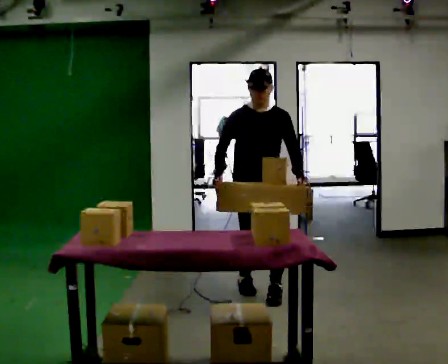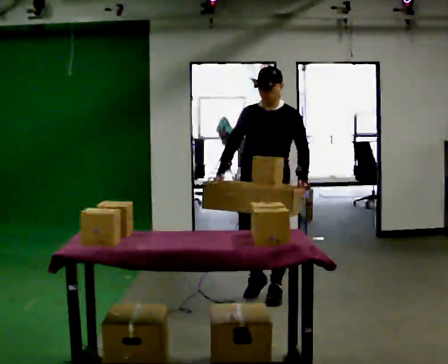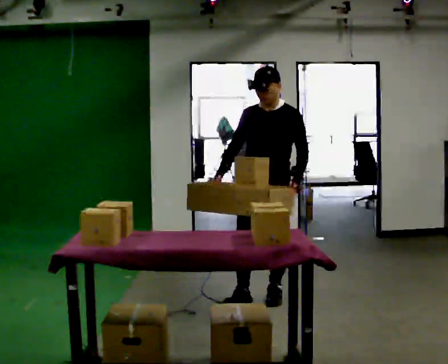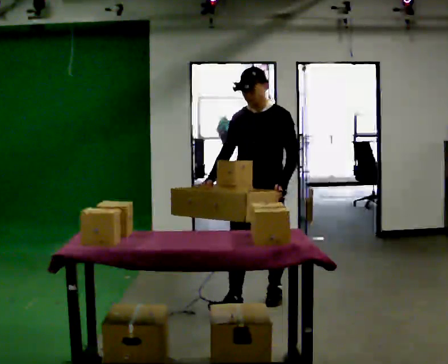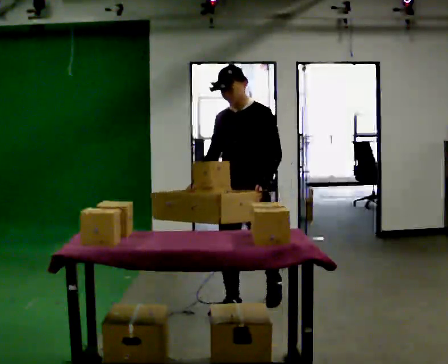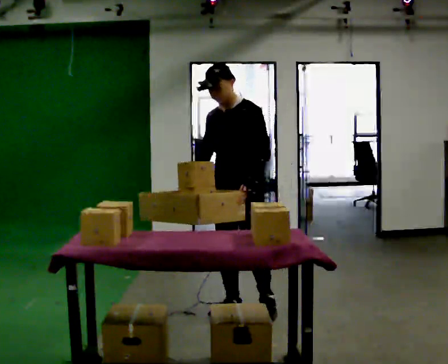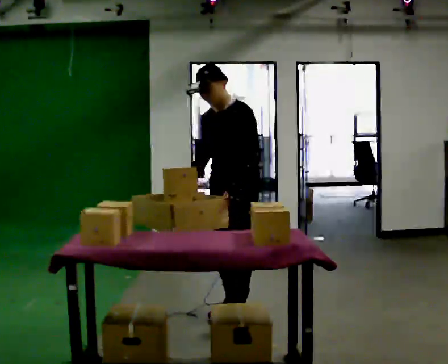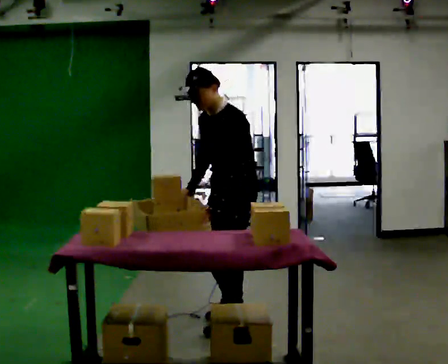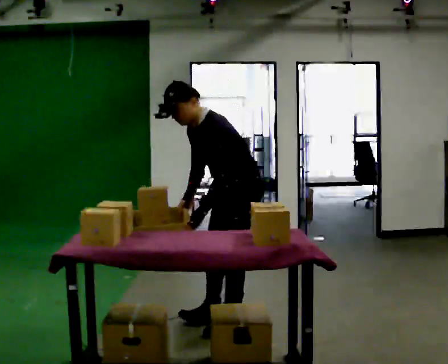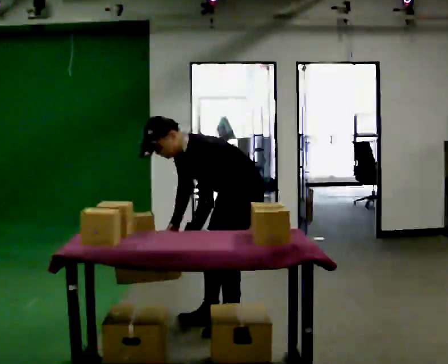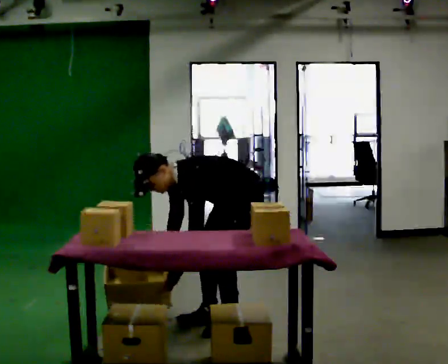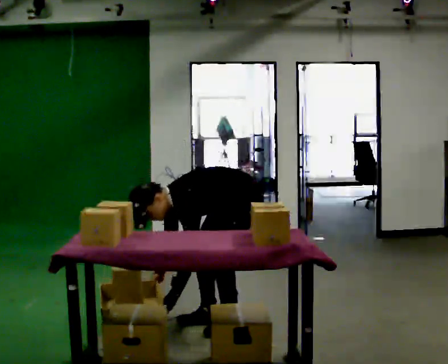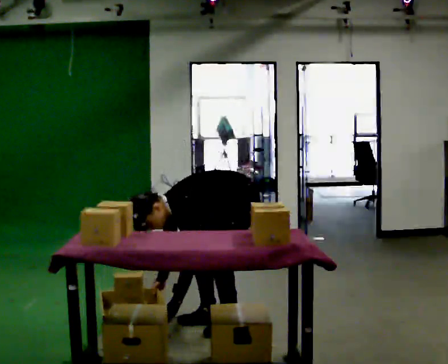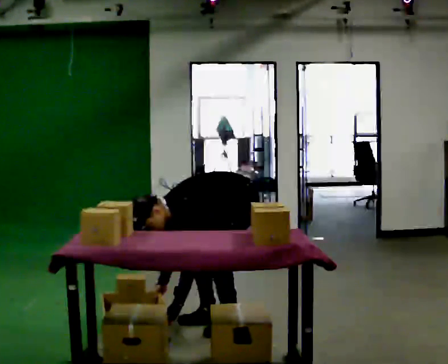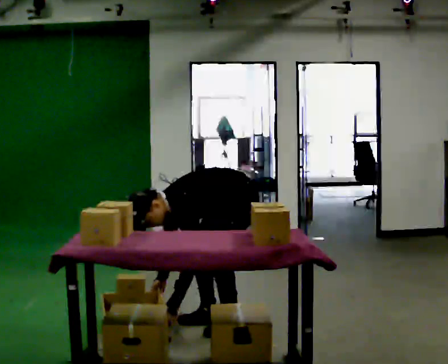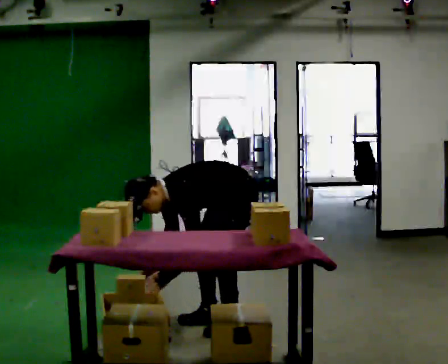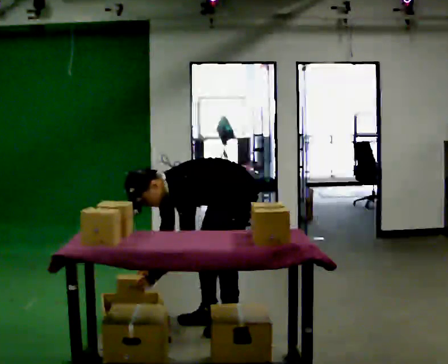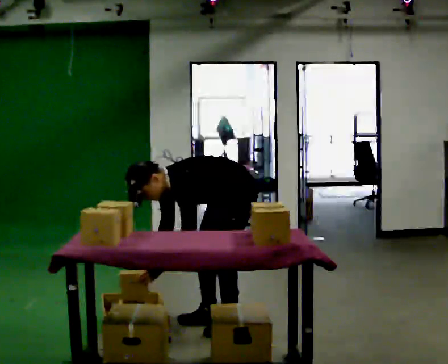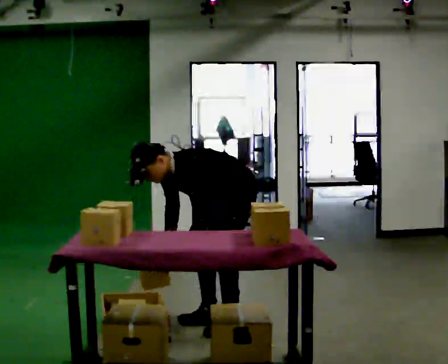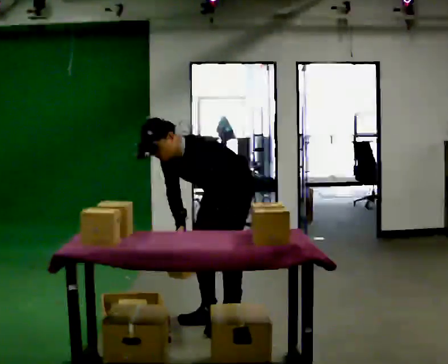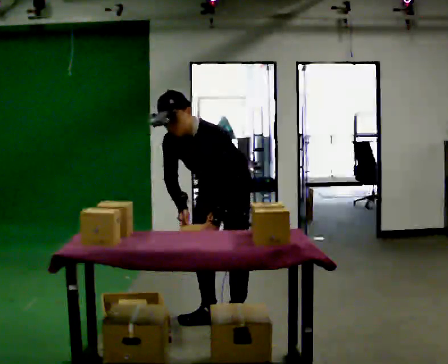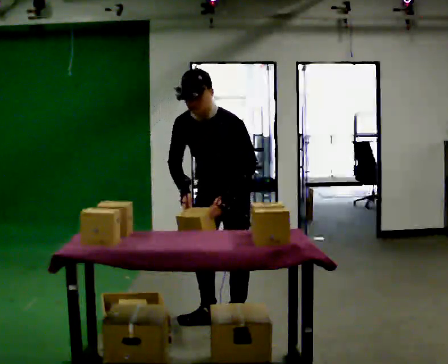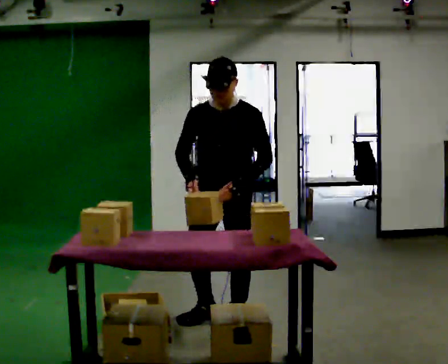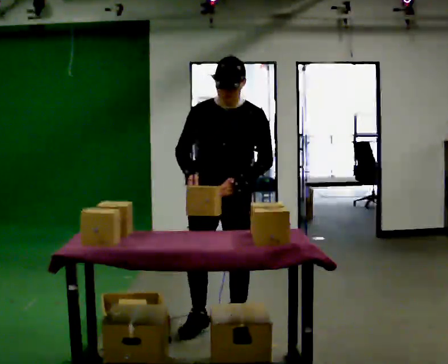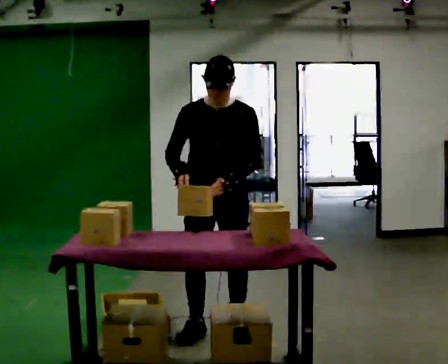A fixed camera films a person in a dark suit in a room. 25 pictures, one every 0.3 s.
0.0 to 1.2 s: In the picture they go toward the camera, about 0.5 m in 1 step, which for them is forward.
1.2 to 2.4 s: The person turns about 45 degrees to their right, clockwise seen from above, so the part of the body nearest the lens slides to the left. In the picture they go toward the camera, about 0.25 m in 2 steps, which for them is forward and to their left. In the picture the upper body tilts counterclockwise, shoulders to the left, as they bend forward.
2.4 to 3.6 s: The shoulders move downward. In the picture the upper body tilts counterclockwise, shoulders to the left, as they bend forward. In the picture their right hand goes downward.
3.6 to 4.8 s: The upper body tips away from the camera, its near side rolling upward, as they lean back or straighten.
4.8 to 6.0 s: Seen from above the body turns counterclockwise, about 30 degrees: to their left, with its near side sliding to the right. The shoulders move upward. In the picture the upper body tilts clockwise, shoulders to the right, as they lean back or straighten. In the picture their left hand goes to the right and upward.
6.0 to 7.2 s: The part of the body nearest the lens slides to the right as the person turns to their left by about 30 degrees. In the picture they go toward the camera, about 0.25 m in 1 step, which for them is forward. In the picture the upper body tilts clockwise, shoulders to the right, as they lean back or straighten.
The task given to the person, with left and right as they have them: 1. Take everything out of the crates by the door. 2. Put the small items on the middle shelf. 3. Put the large items on the bottom shelf. 4. Stack the empty crates by the door. 5. Tell the operator when you are finished.
The film runs forward here.
